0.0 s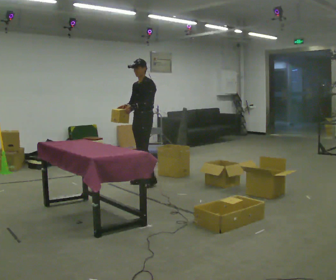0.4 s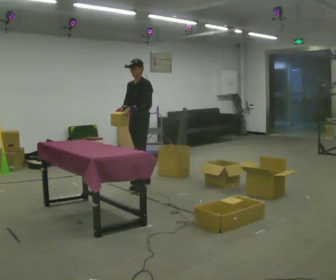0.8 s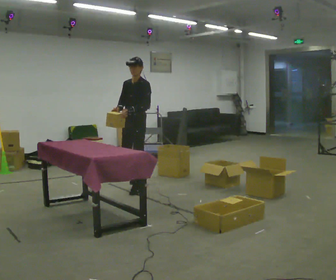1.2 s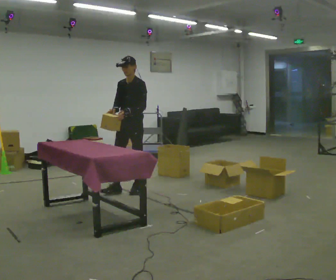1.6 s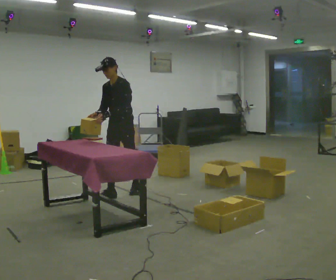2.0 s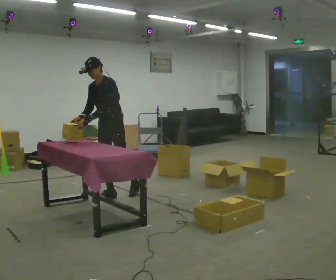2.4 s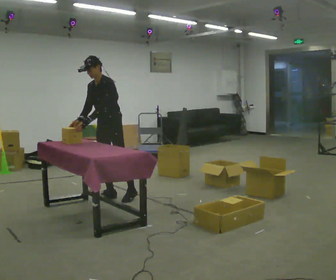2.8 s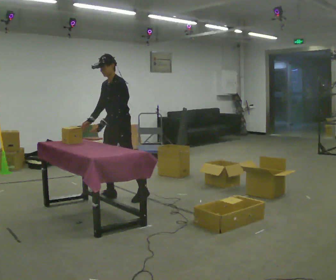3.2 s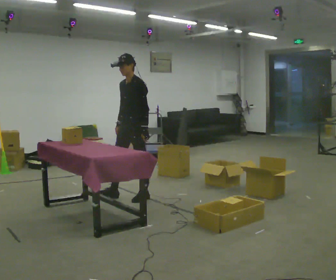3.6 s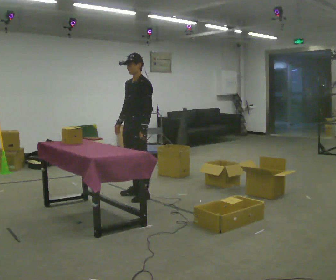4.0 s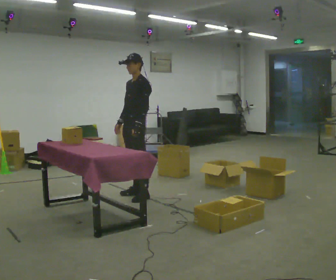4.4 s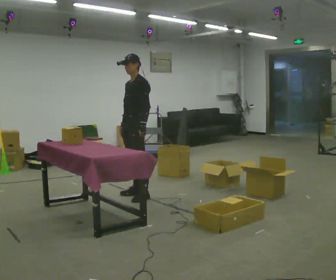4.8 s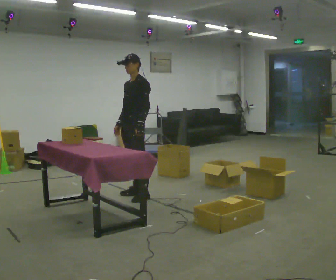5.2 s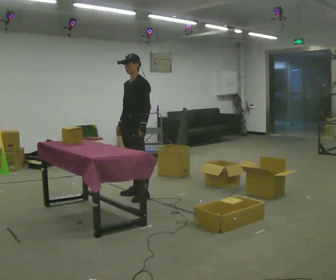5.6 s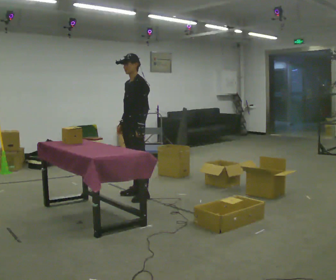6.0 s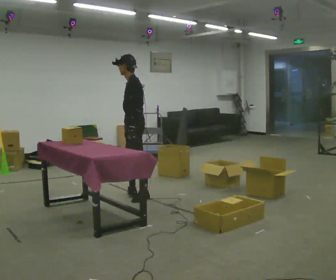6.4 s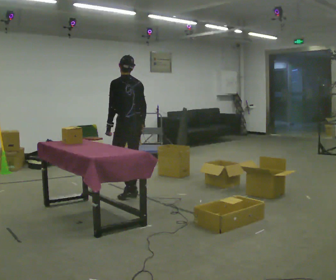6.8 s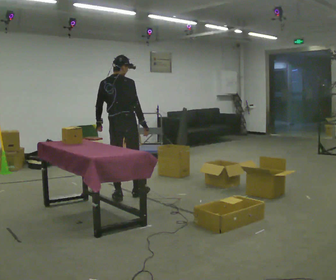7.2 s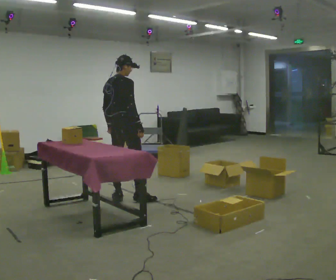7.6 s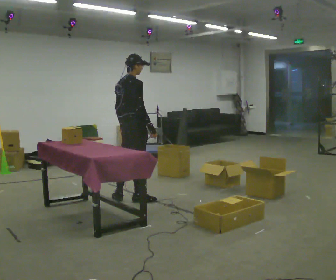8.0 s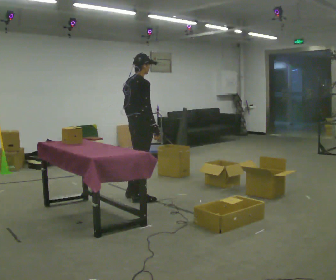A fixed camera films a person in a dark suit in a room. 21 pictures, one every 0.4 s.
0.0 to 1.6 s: In the picture they go toward the camera and to the left, about 0.75 m in 2 steps, which for them is forward.
1.6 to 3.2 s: In the picture they go toward the camera, about 0.25 m in 1 step, which for them is to their left.
3.2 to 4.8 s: The person moves a little, or ends about where they began.
4.8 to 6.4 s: Seen from above the body turns clockwise, about 90 degrees: to their right, with its near side sliding to the left. In the picture their right hand goes to the right.
6.4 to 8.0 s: Seen from above the body turns clockwise, about 90 degrees: to their right, with its near side sliding to the left. In the picture they go toward the camera, about 0.25 m in 2 steps.
The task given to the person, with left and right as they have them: Take the objects from the bin one at a time and put one in each of the places the operator points out. Keep going until the operator says stop; one object at a time, and do not rush between trips.
The film runs forward here.
